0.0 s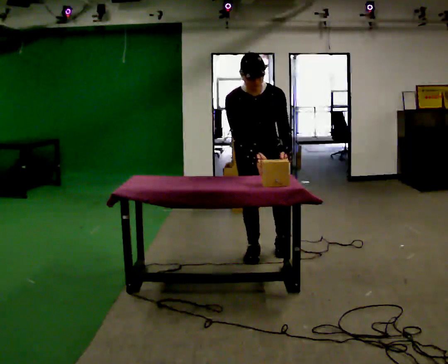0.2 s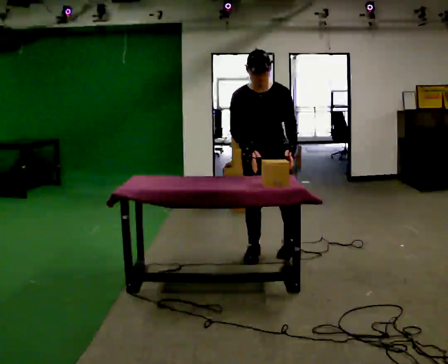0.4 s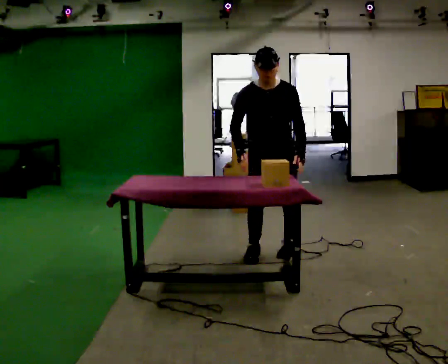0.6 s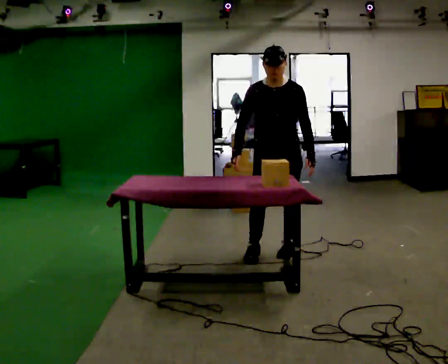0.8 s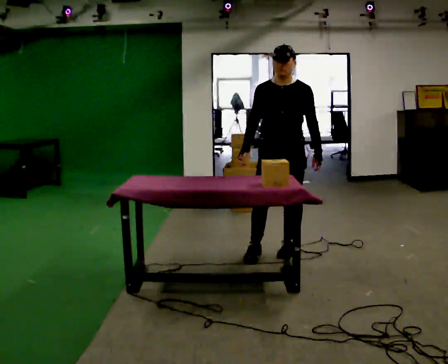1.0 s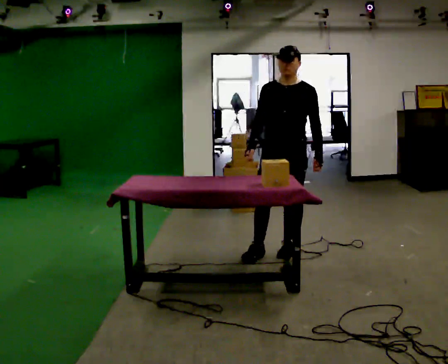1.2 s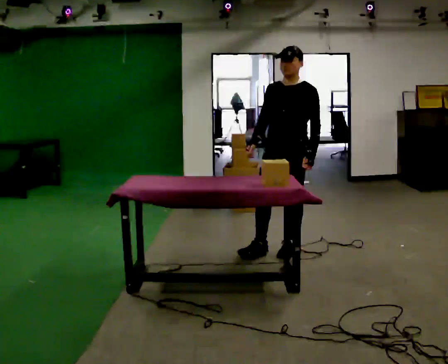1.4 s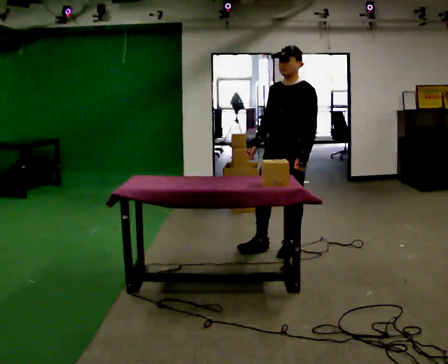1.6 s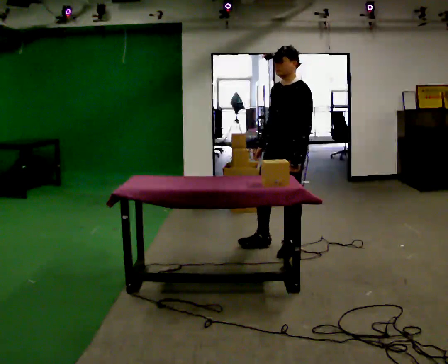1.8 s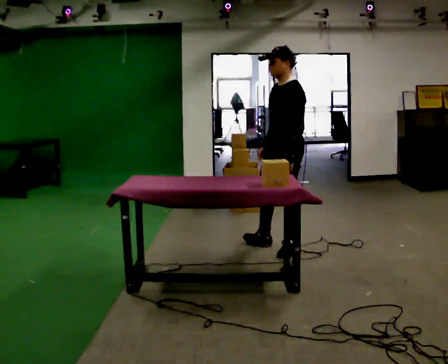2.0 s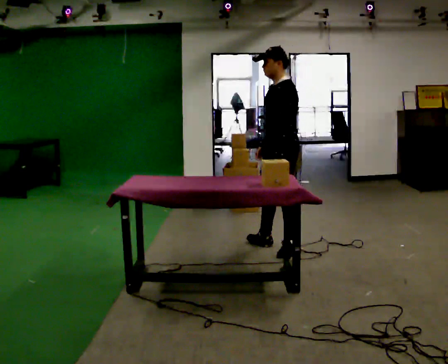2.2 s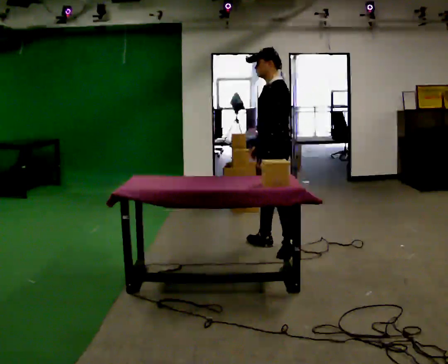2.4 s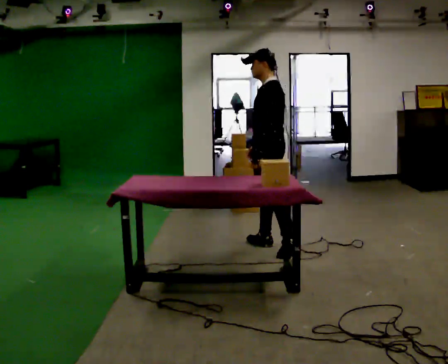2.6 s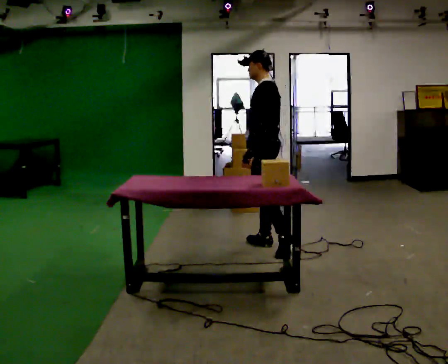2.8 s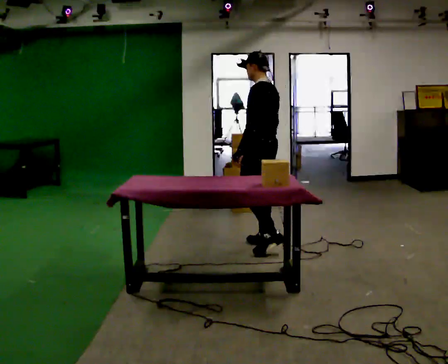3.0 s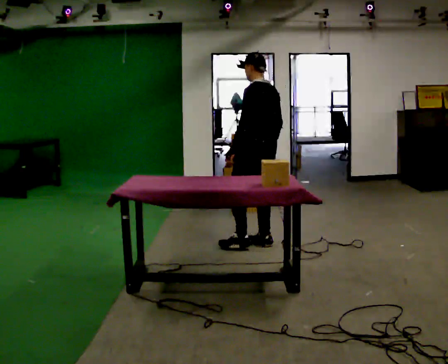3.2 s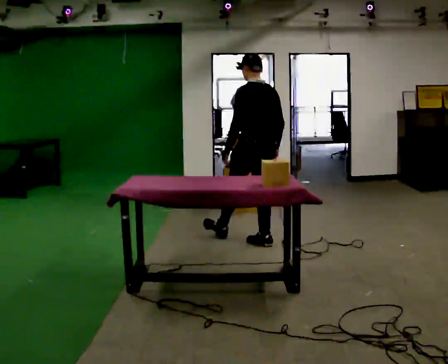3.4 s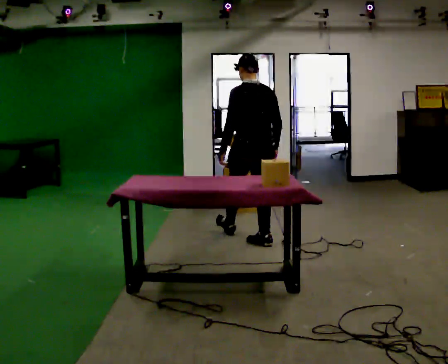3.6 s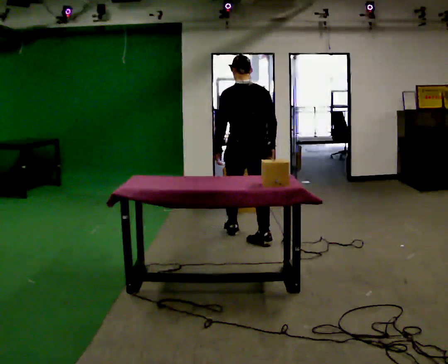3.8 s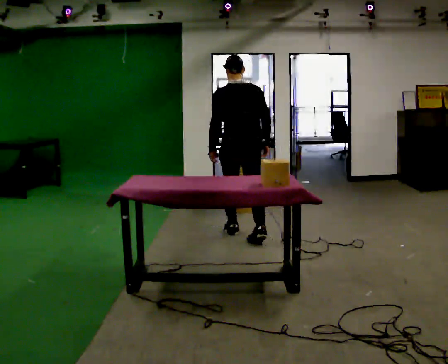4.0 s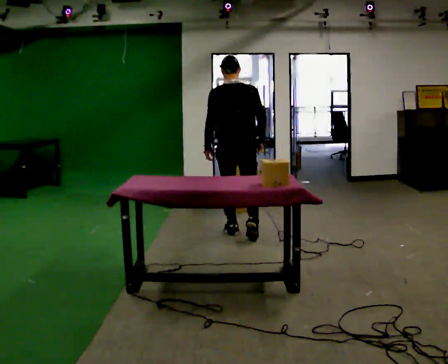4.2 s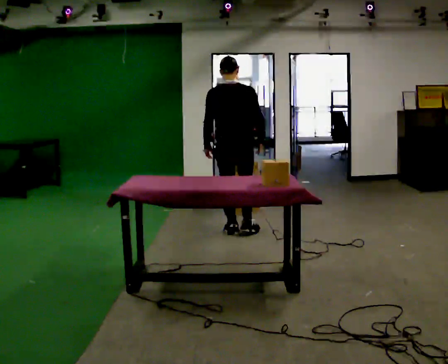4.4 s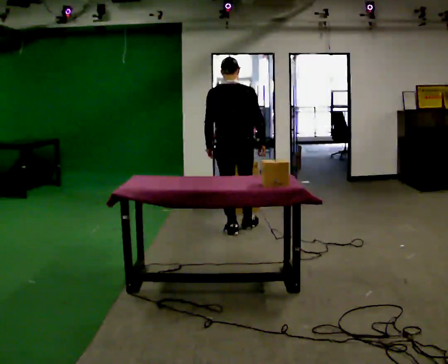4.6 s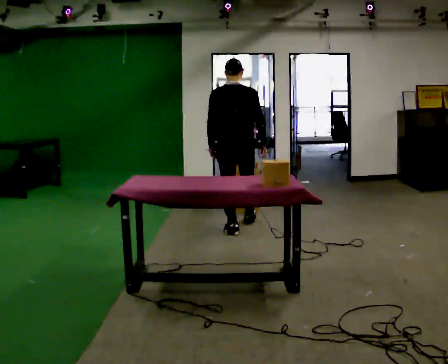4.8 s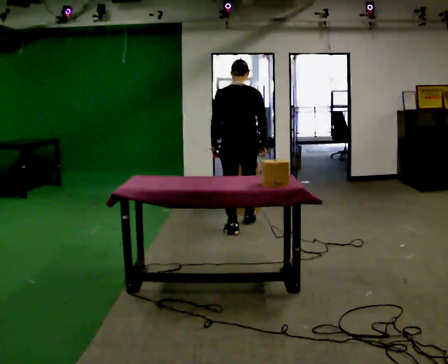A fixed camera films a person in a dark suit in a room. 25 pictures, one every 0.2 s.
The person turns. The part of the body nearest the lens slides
to the left.
The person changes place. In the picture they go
away from the camera.
0.0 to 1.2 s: The part of the body nearest the lens slides to the left as the person turns to their right by about 45 degrees. In the picture they go to the right, about 0.25 m in 1 step, which for them is to their left. The upper body tips away from the camera, its near side rolling upward, as they lean back or straighten.
1.2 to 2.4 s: The part of the body nearest the lens slides to the left as the person turns to their right by about 45 degrees. In the picture they go away from the camera, about 0.25 m in 1 step, which for them is to their right.
2.4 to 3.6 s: The part of the body nearest the lens slides to the left as the person turns to their right by about 75 degrees. In the picture they go away from the camera and to the left, about 0.25 m in 1 step.
3.6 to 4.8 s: In the picture they go away from the camera, about 0.5 m in 1 step, which for them is forward.
The film runs forward here.
